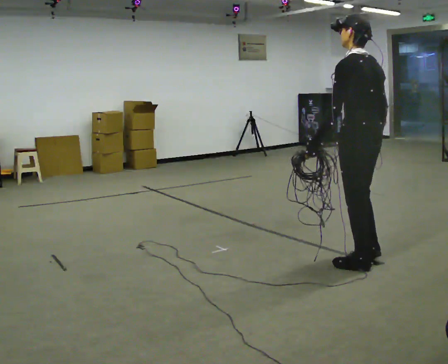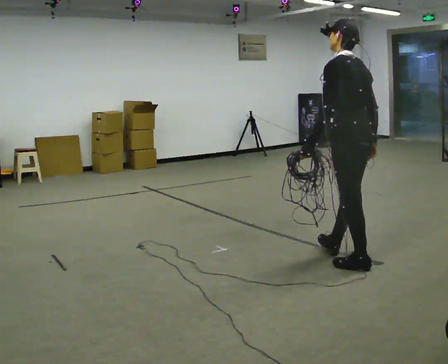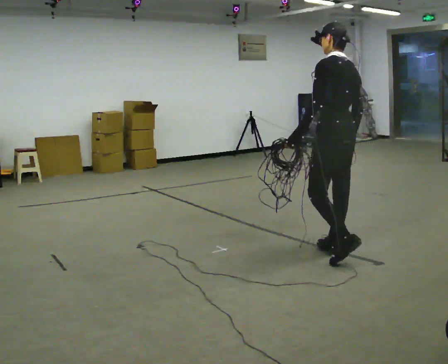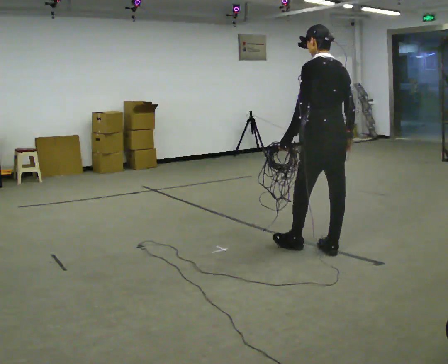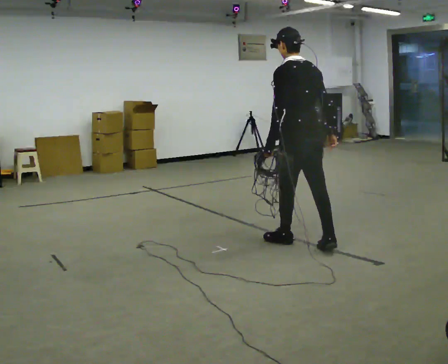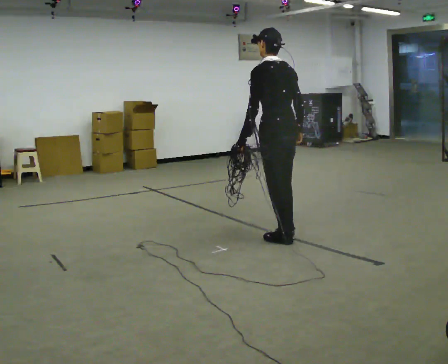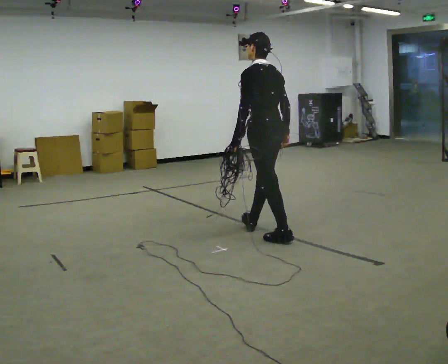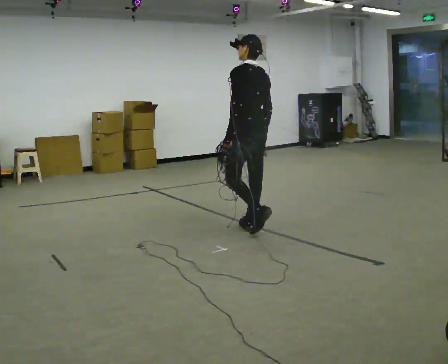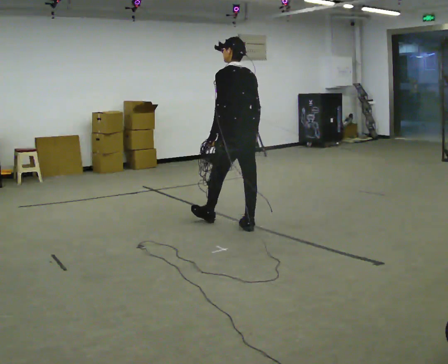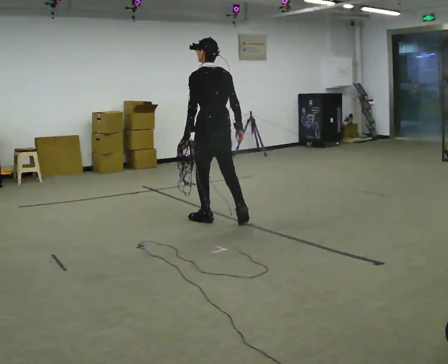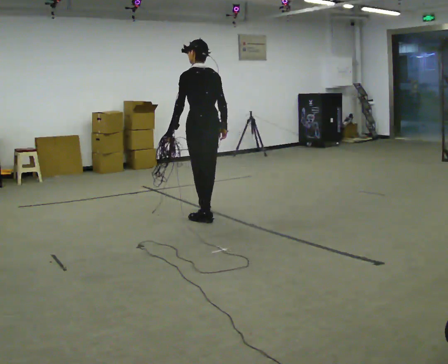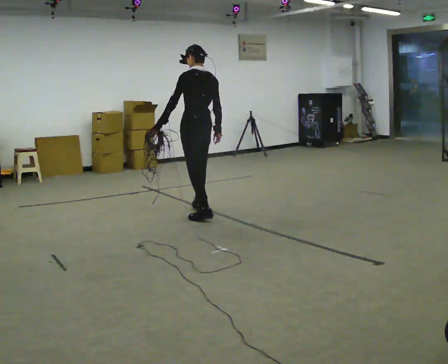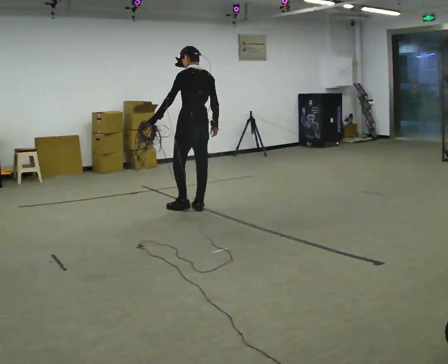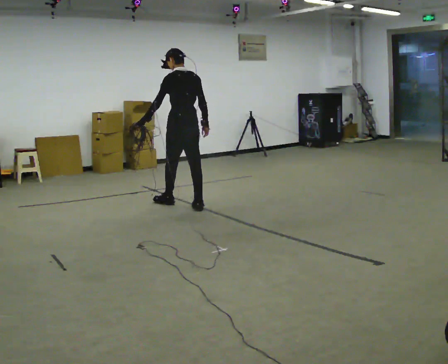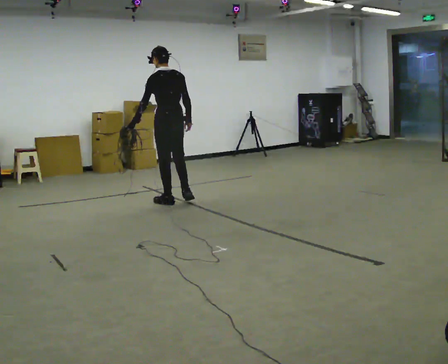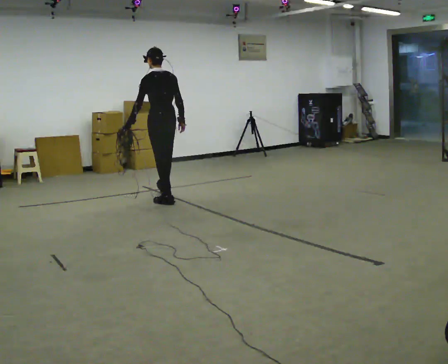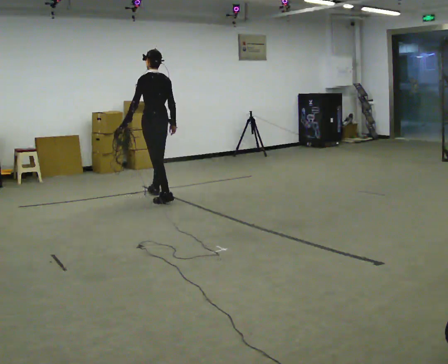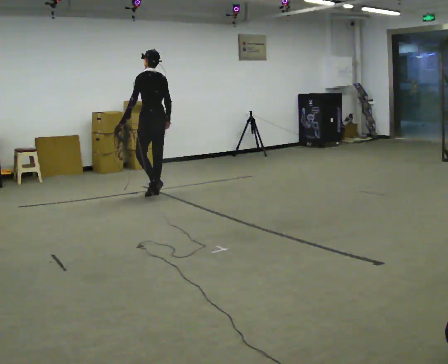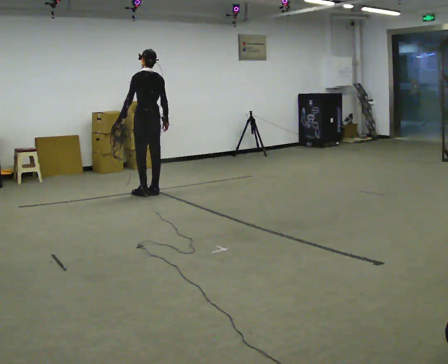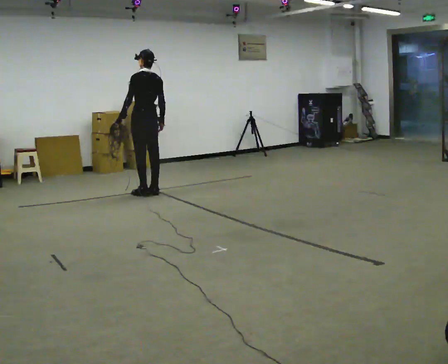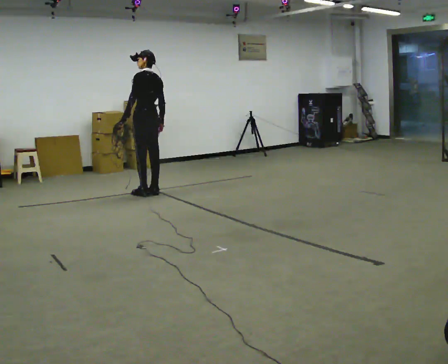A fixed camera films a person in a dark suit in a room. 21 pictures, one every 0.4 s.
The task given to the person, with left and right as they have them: Pick up the coiled hose, carry it across the room, and set it down. It will move around as you walk. Keep going until the operator says stop; one object at a time, and do not rush between trips.
0.0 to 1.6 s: In the picture they go away from the camera and to the left, about 0.75 m in 2 steps, which for them is forward.
1.6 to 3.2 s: In the picture they go away from the camera and to the left, about 1 m in 1 step, which for them is forward.
3.2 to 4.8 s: In the picture they go away from the camera and to the left, about 1 m in 2 steps, which for them is forward.
4.8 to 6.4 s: In the picture they go away from the camera and to the left, about 0.5 m in 2 steps, which for them is forward.
6.4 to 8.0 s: In the picture they go away from the camera, about 0.25 m in 1 step, which for them is forward.
The film runs forward here.
